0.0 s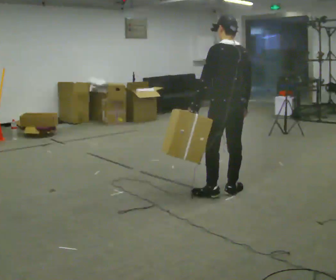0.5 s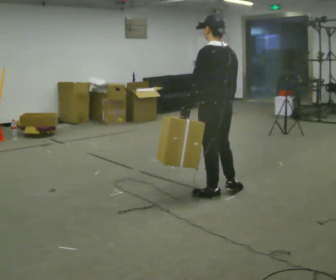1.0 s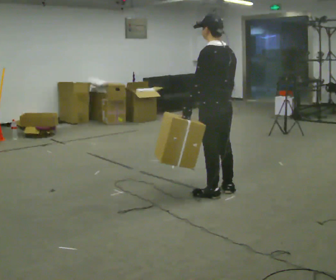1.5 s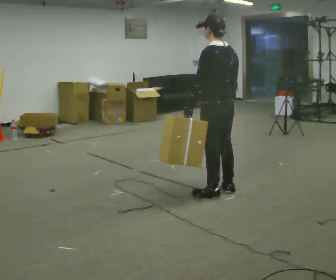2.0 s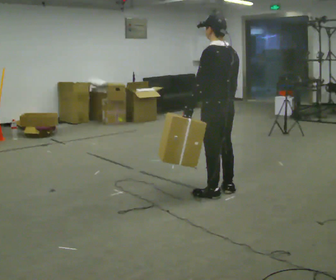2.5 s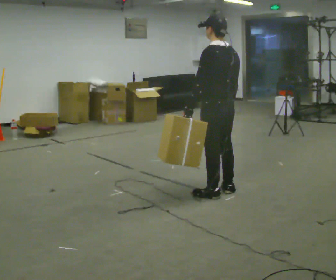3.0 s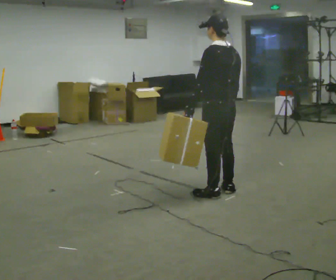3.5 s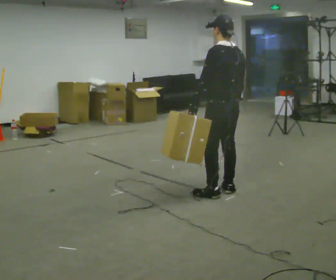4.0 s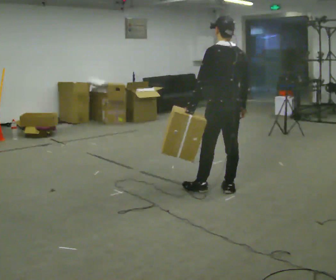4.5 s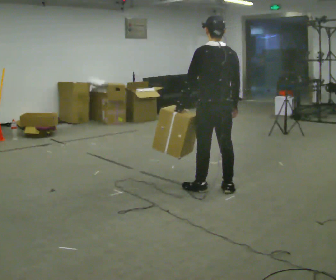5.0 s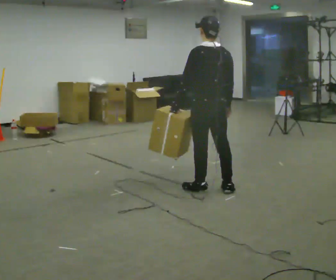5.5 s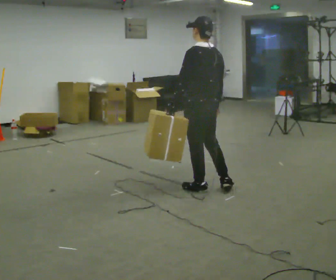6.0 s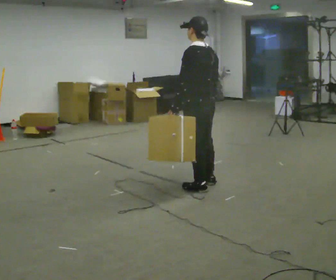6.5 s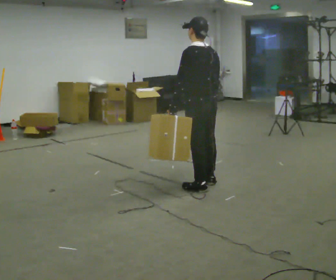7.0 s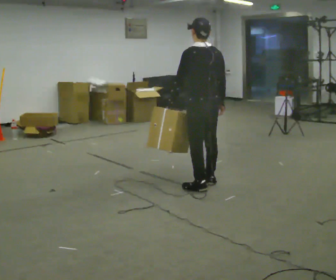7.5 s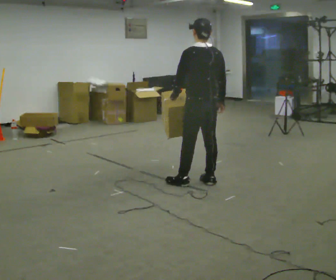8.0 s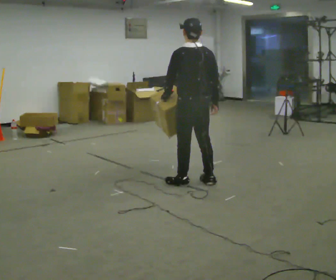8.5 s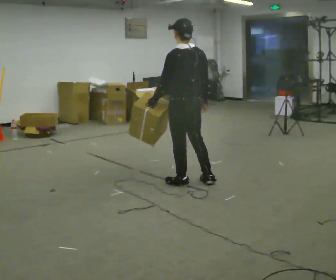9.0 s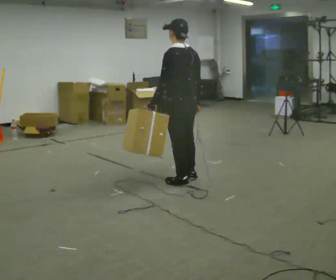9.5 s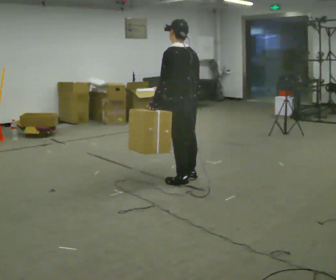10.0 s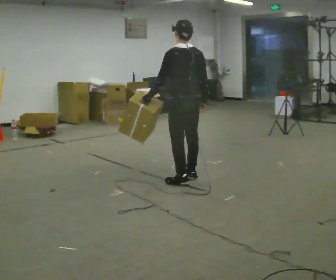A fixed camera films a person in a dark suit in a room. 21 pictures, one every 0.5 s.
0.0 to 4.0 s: The person moves a little, or ends about where they began.
4.0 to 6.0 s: In the picture they go to the left, about 0.25 m in 1 step, which for them is forward and to their left.
6.0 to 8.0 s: In the picture their left hand goes to the left.
8.0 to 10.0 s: The person moves a little, or ends about where they began.
The film runs forward here.
